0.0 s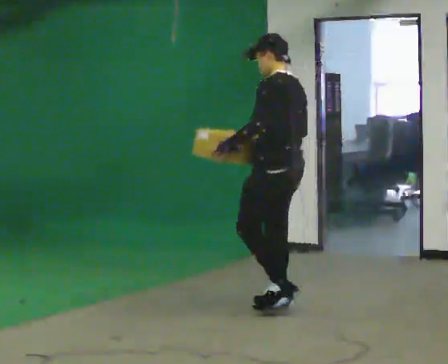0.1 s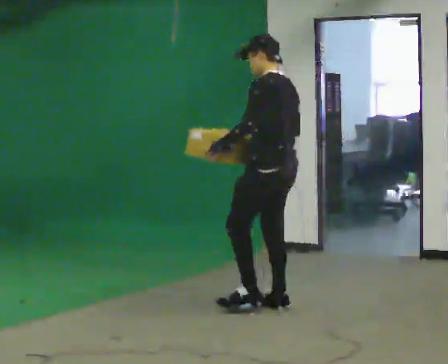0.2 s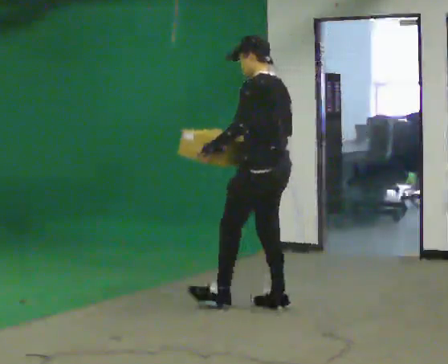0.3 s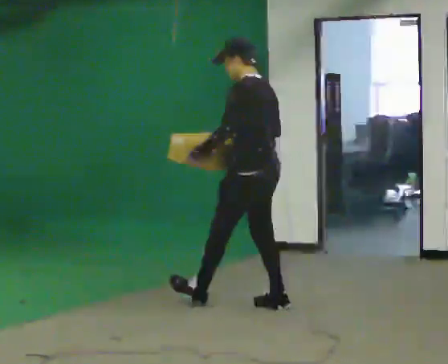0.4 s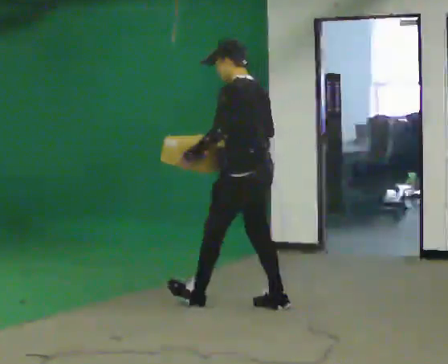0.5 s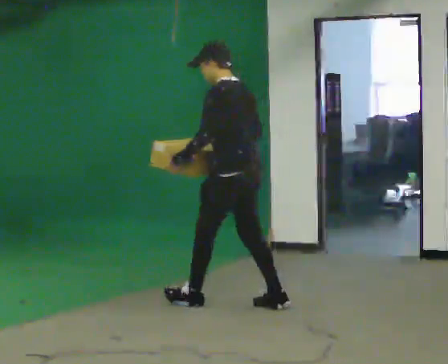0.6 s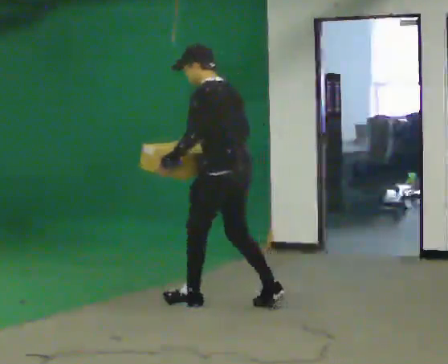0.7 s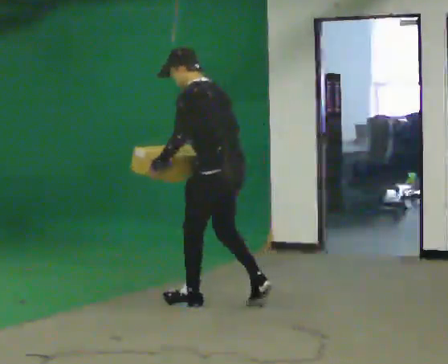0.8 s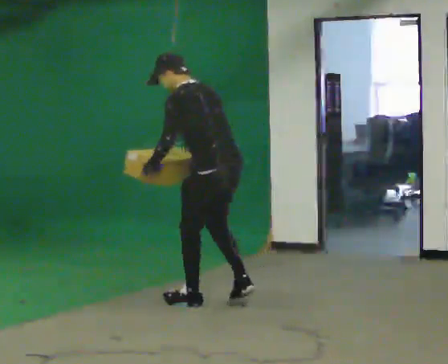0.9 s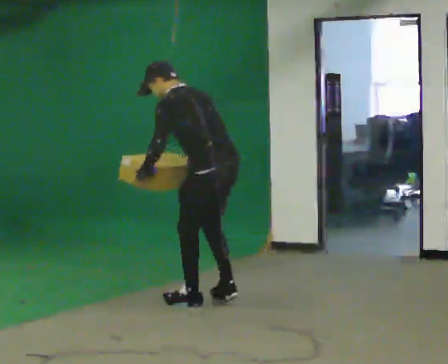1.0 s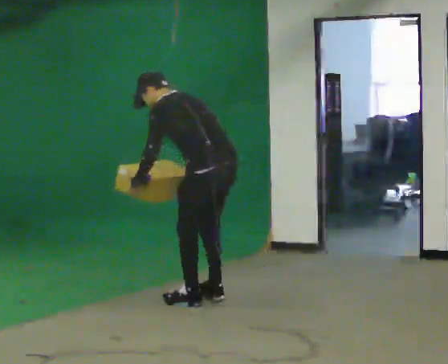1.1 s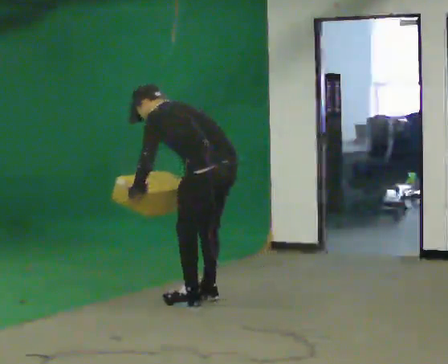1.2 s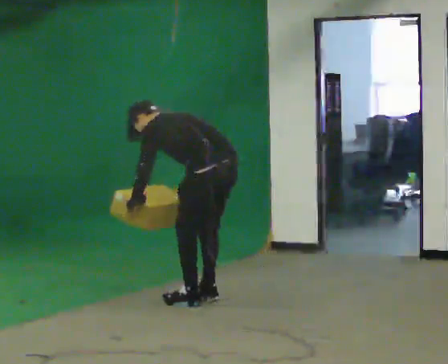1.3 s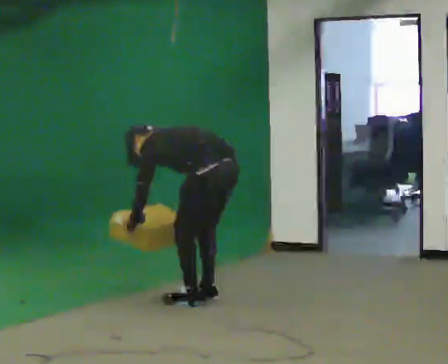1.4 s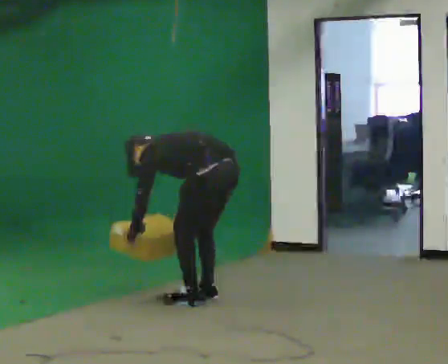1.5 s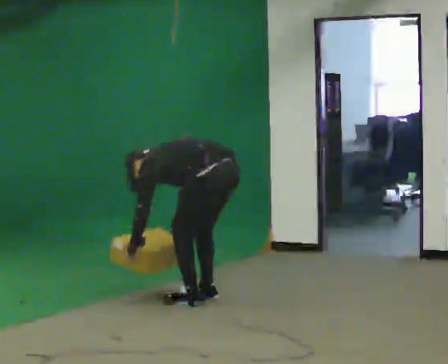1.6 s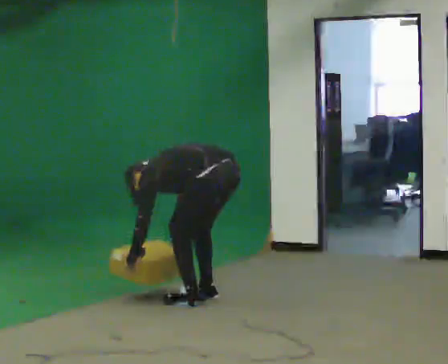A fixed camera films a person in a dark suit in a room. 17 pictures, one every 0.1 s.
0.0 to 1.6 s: In the picture they go to the left and away from the camera, about 0.5 m in 2 steps, which for them is forward. The upper body goes downward. In the picture the upper body tilts counterclockwise, shoulders to the left, as they bend forward. In the picture their right hand goes downward.
The film runs forward here.
